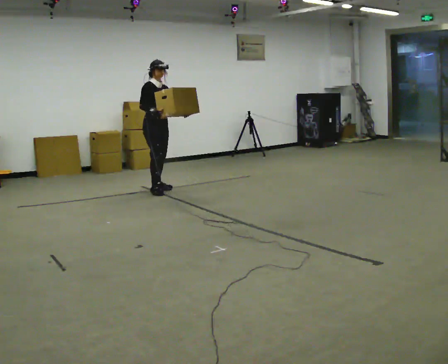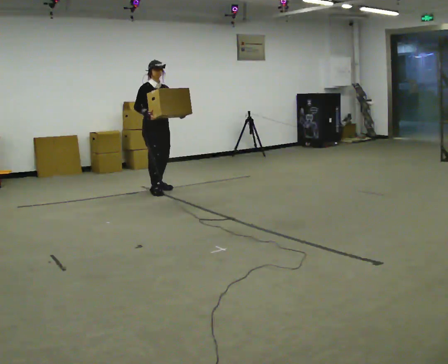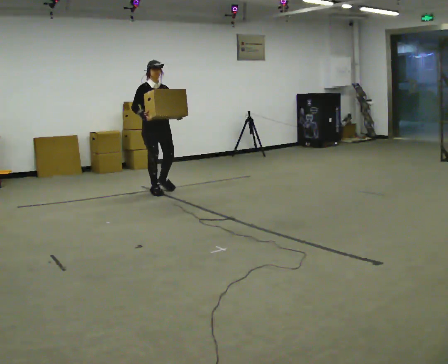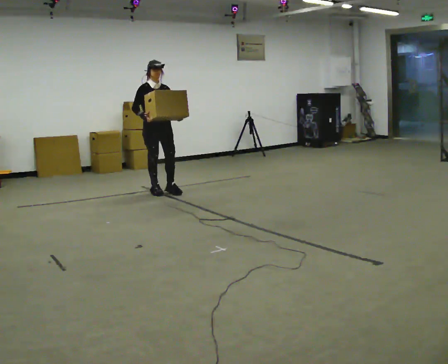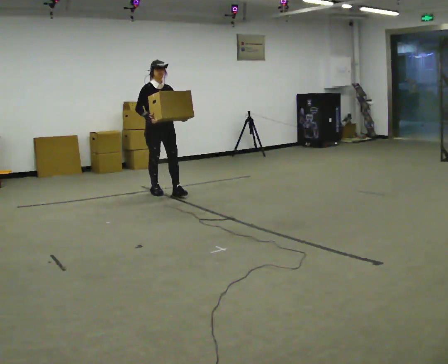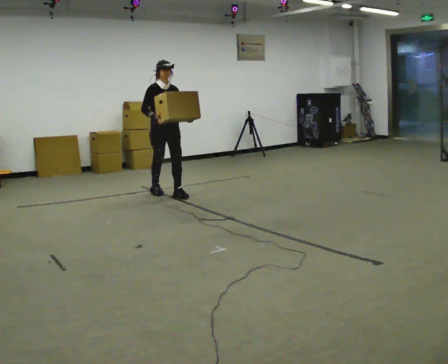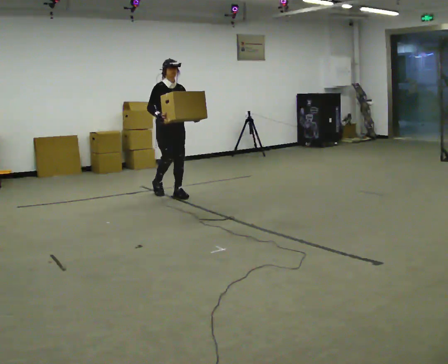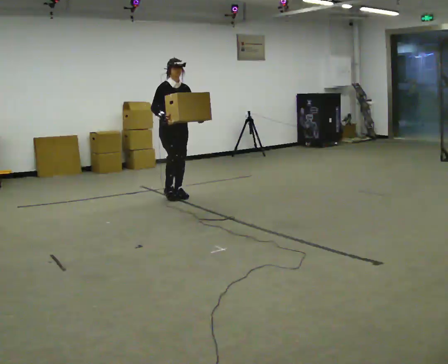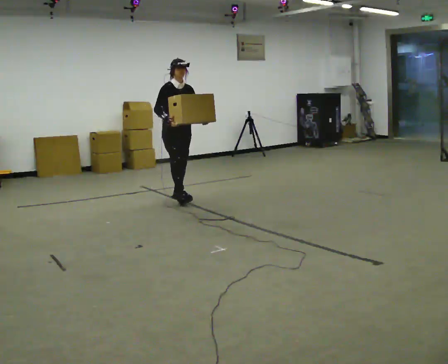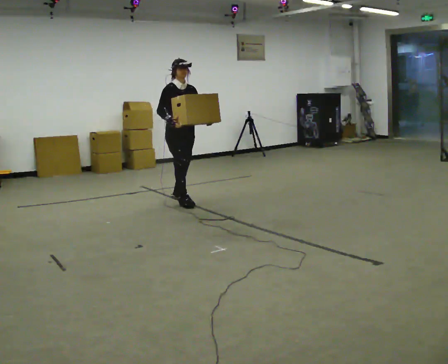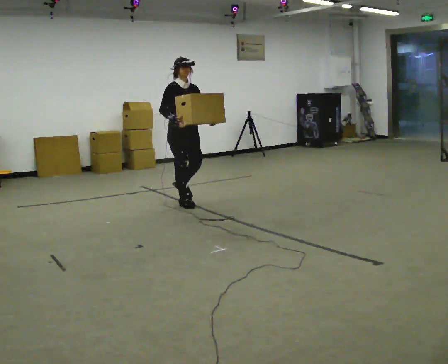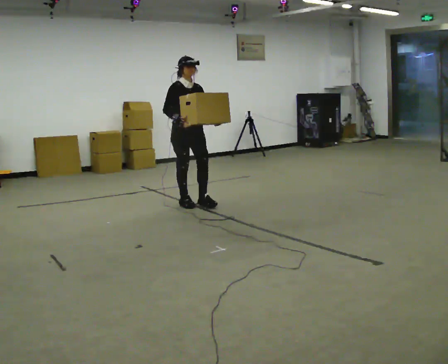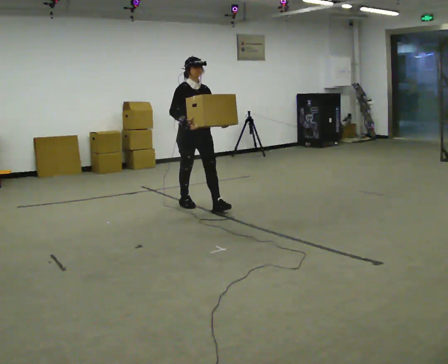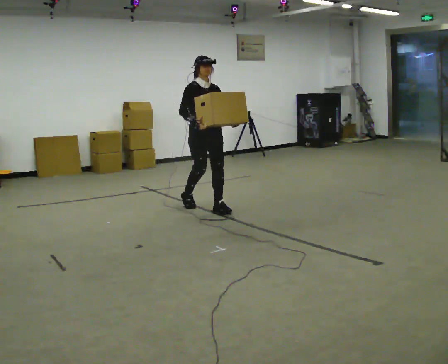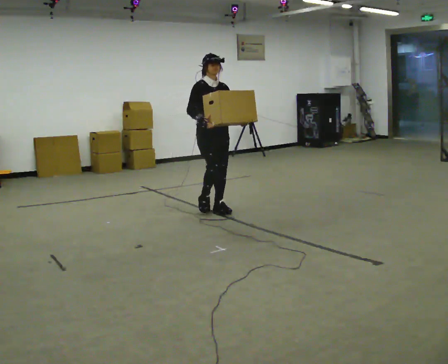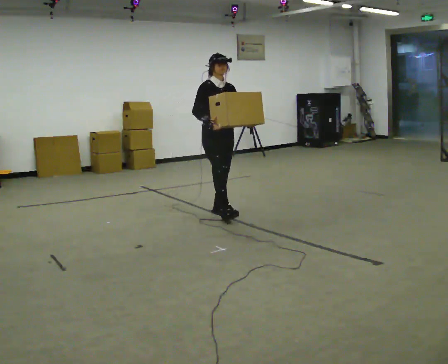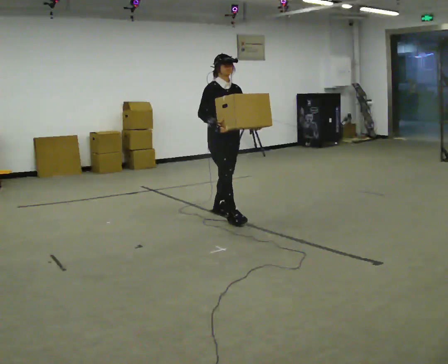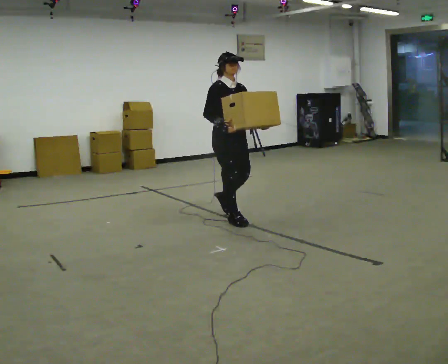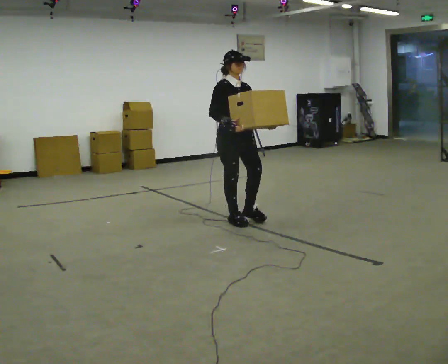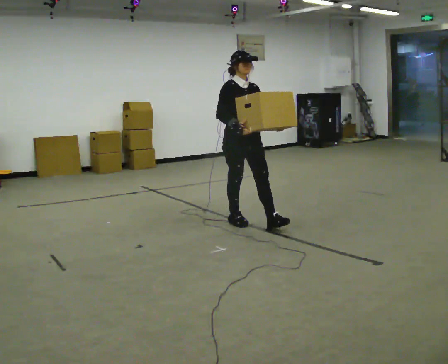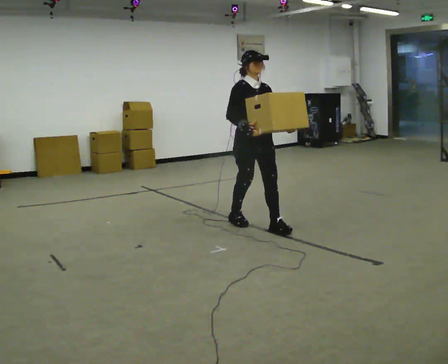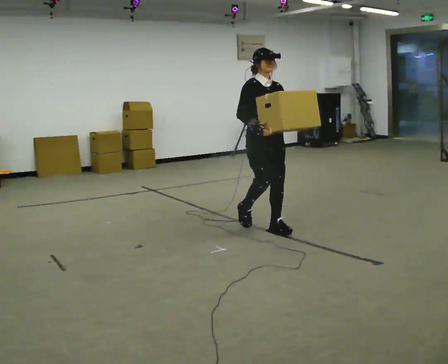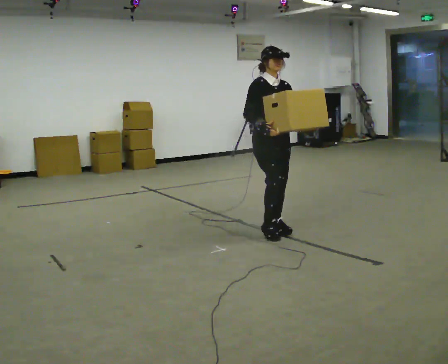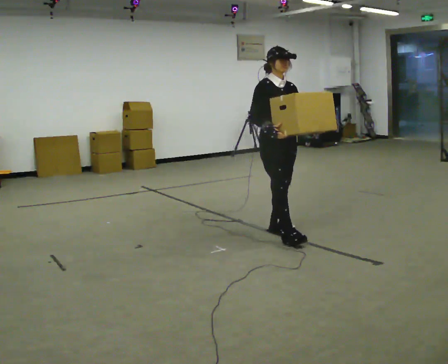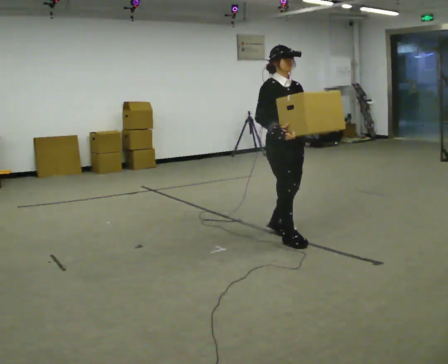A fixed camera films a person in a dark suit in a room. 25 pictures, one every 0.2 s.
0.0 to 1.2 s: In the picture they go toward the camera and to the right, about 0.25 m in 1 step, which for them is forward.
1.2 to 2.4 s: In the picture they go toward the camera and to the right, about 0.75 m in 2 steps, which for them is forward.
2.4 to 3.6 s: In the picture they go toward the camera and to the right, about 0.5 m in 1 step, which for them is forward.
3.6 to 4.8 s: In the picture they go toward the camera and to the right, about 0.75 m in 2 steps, which for them is forward.
The film runs forward here.
